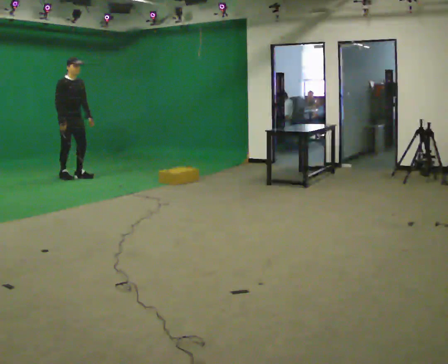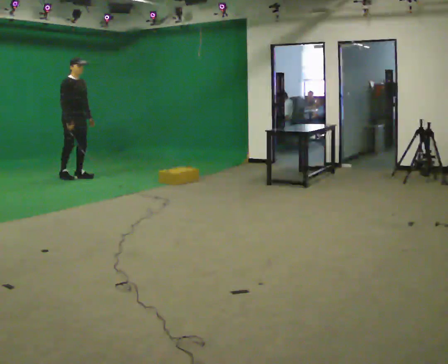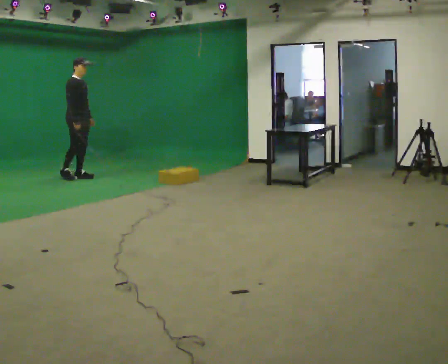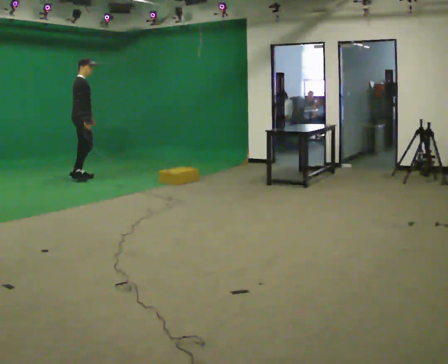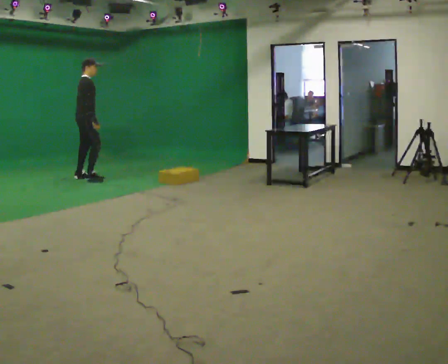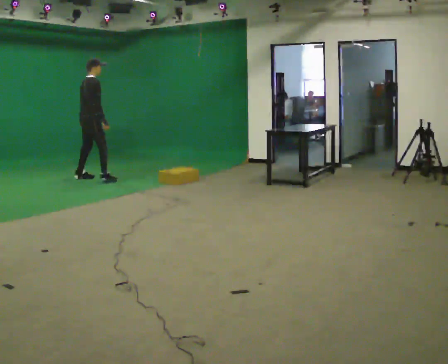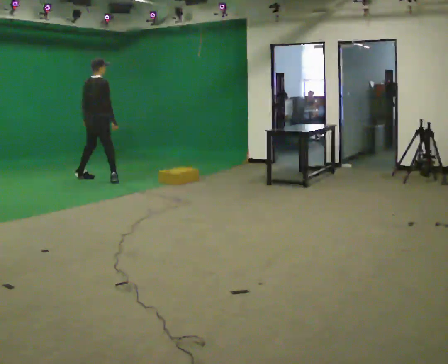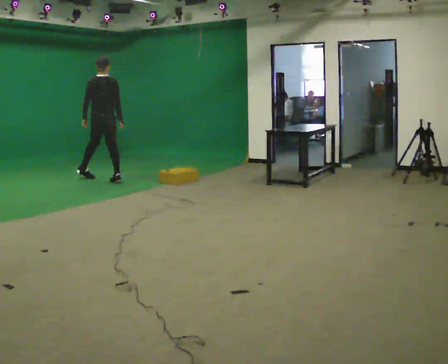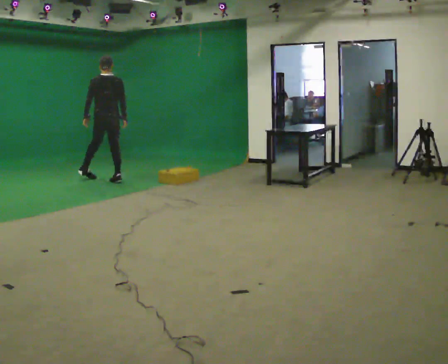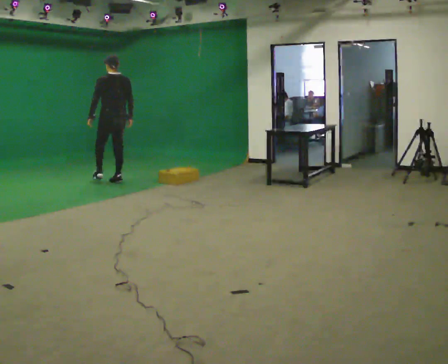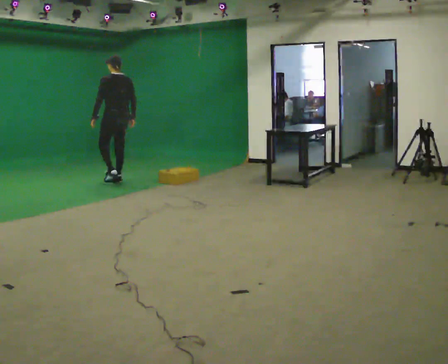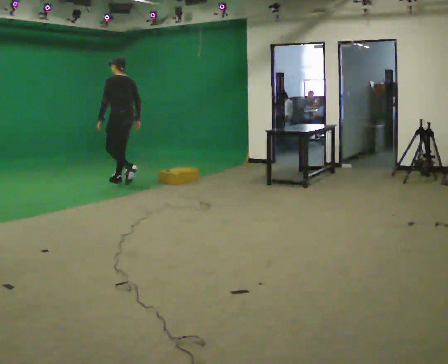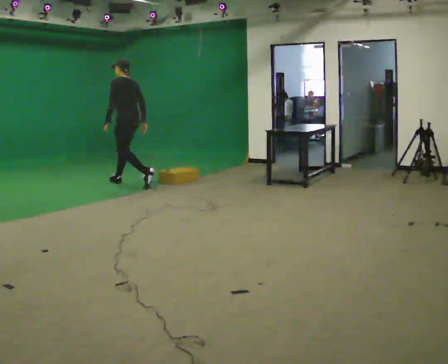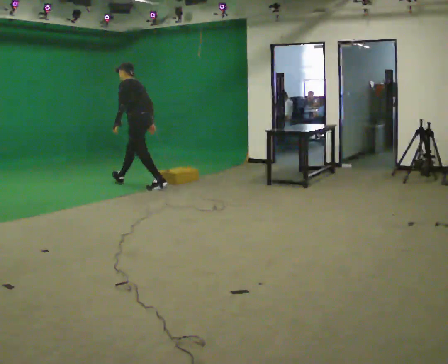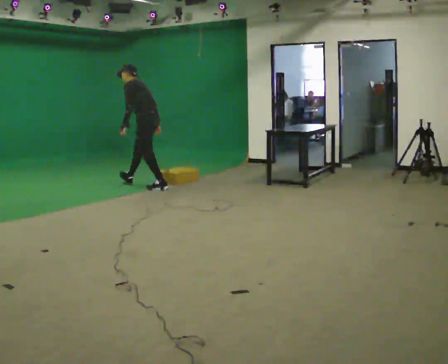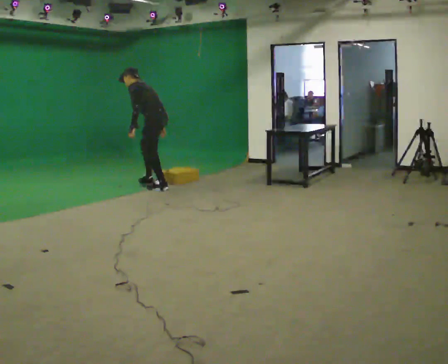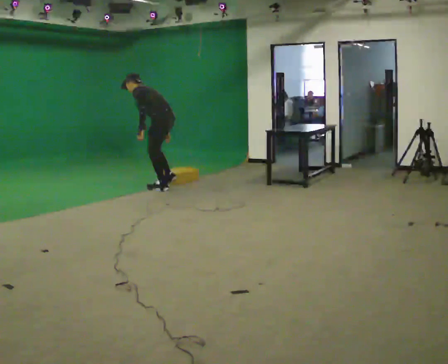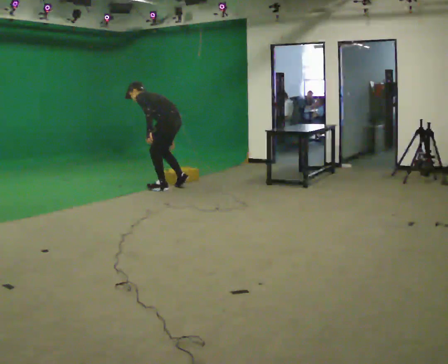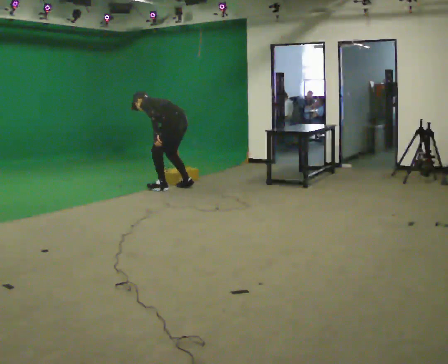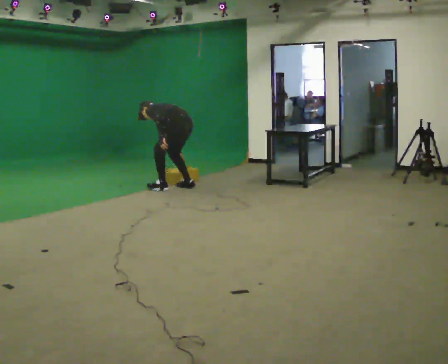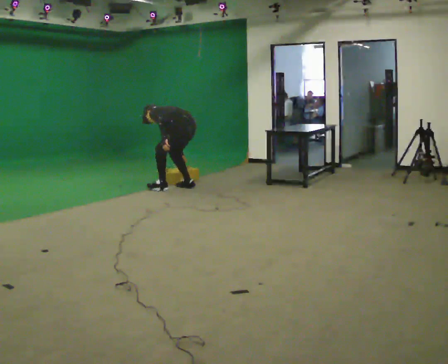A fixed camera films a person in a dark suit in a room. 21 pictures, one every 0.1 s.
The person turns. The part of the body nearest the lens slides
to the right.
Their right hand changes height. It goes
downward.
0.0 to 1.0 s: The person turns about 150 degrees to their left, counterclockwise seen from above, so the part of the body nearest the lens slides to the right. In the picture they go to the right and toward the camera, about 1 m in 2 steps. The upper body tips away from the camera, its near side rolling upward.
1.0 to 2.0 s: Seen from above the body turns counterclockwise, about 30 degrees: to their left, with its near side sliding to the right. In the picture they go to the right and toward the camera, about 1 m in 1 step, which for them is backward. The shoulders move downward. In the picture the upper body tilts counterclockwise, shoulders to the left, as they bend forward.
The film runs backward here.
